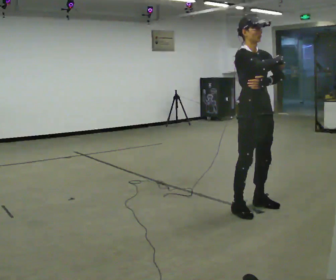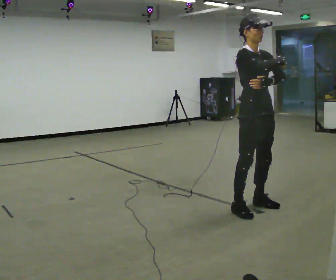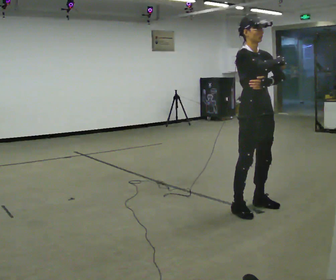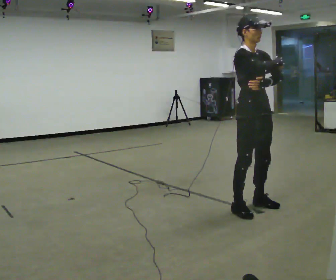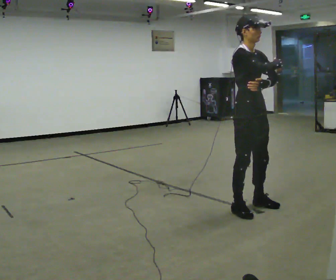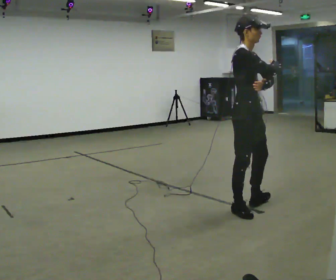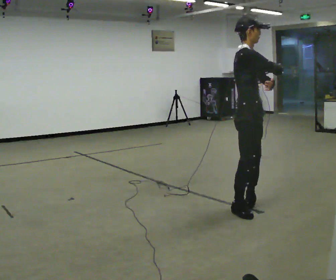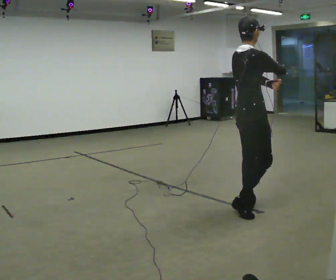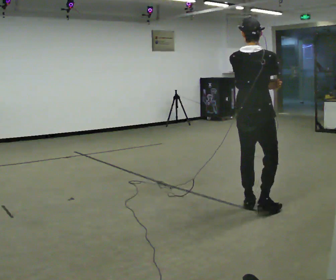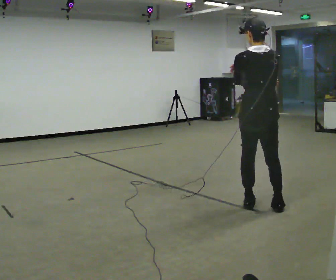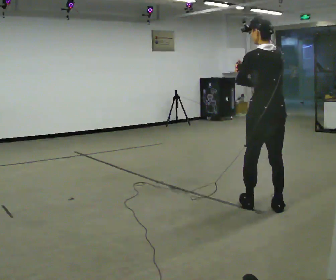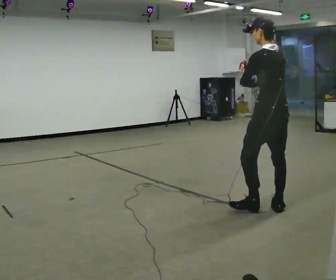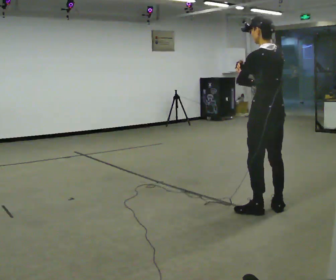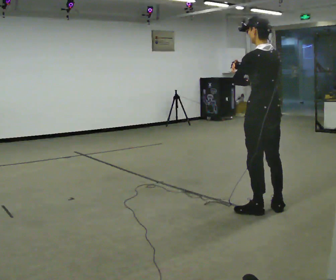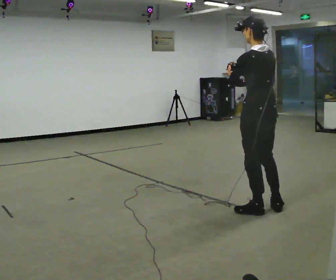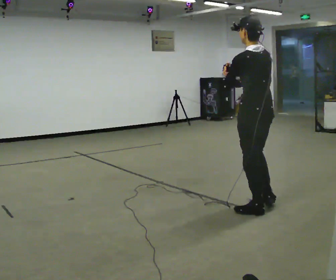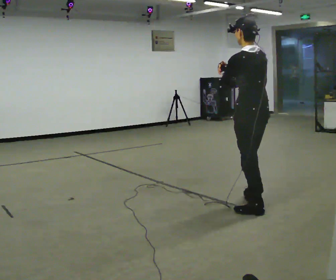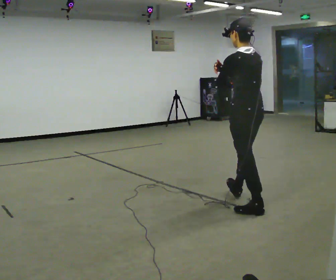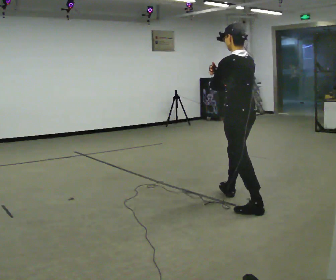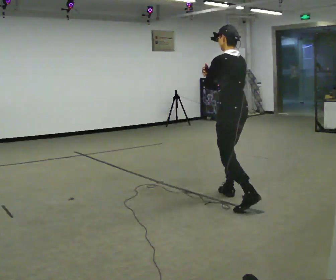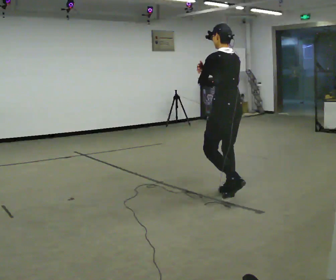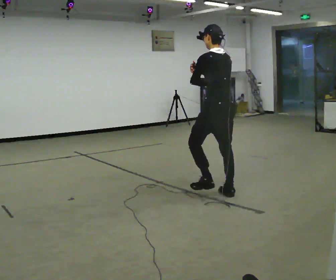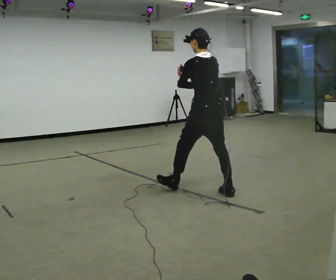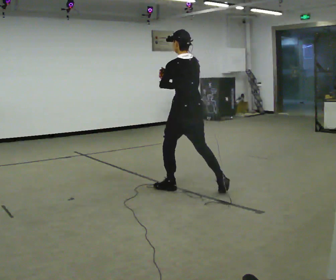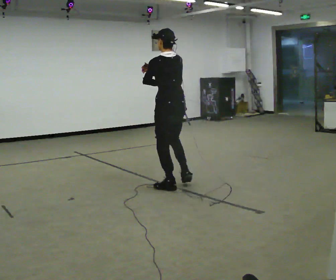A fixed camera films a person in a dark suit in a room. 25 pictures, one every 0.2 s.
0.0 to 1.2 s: Seen from above the body turns counterclockwise, about 45 degrees: to their left, with its near side sliding to the right.
1.2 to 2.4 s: Seen from above the body turns counterclockwise, about 135 degrees: to their left, with its near side sliding to the right. In the picture they go to the right, about 0.25 m in 2 steps.
2.4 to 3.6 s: In the picture they go to the left and away from the camera, about 0.25 m in 1 step, which for them is forward.
3.6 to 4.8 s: In the picture they go to the left and away from the camera, about 1 m in 1 step, which for them is forward.
The film runs forward here.
